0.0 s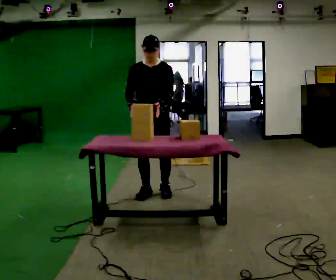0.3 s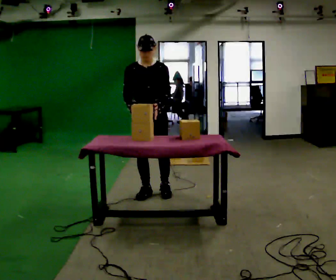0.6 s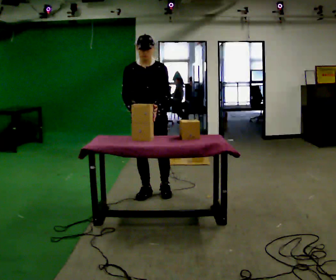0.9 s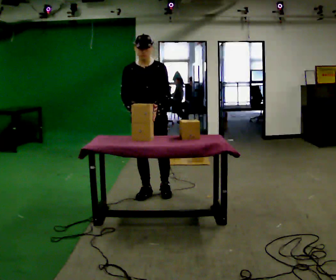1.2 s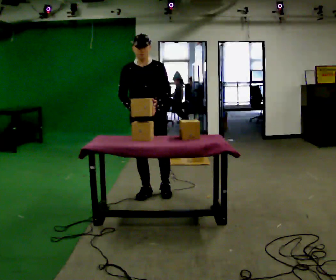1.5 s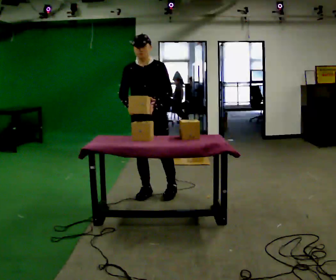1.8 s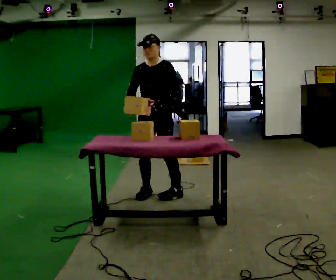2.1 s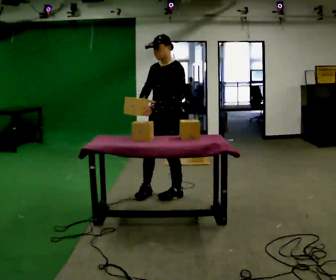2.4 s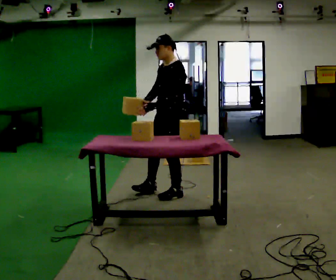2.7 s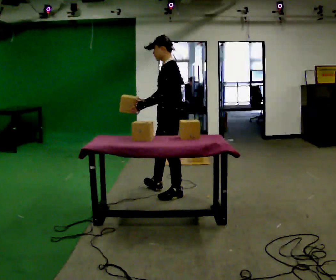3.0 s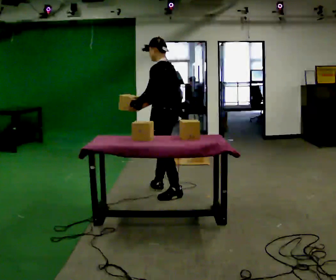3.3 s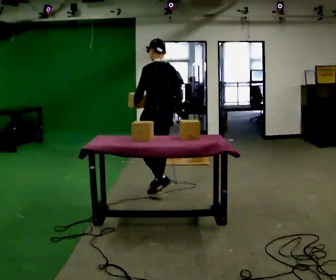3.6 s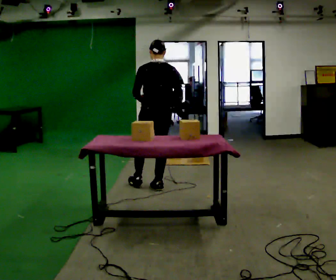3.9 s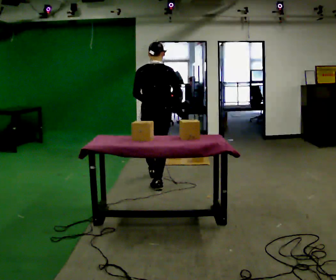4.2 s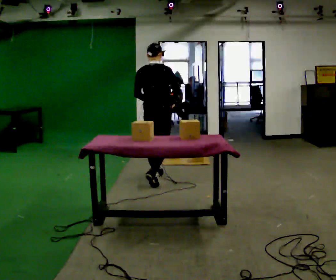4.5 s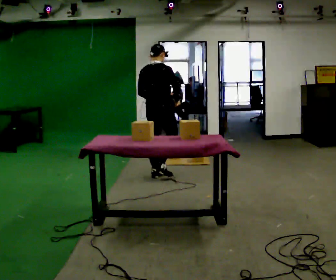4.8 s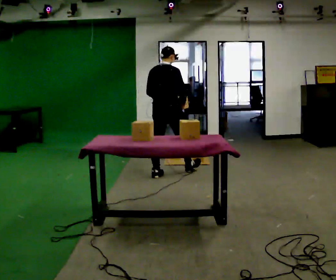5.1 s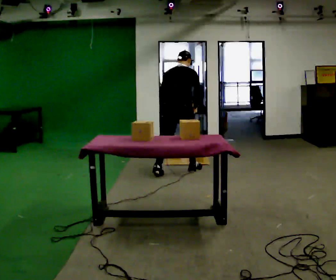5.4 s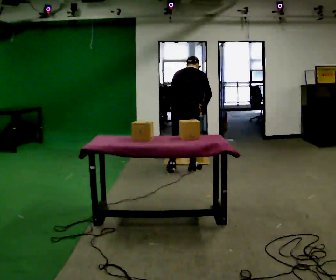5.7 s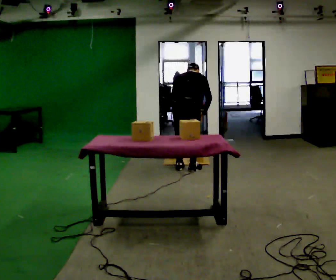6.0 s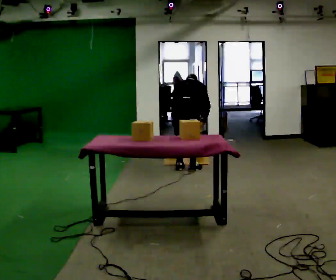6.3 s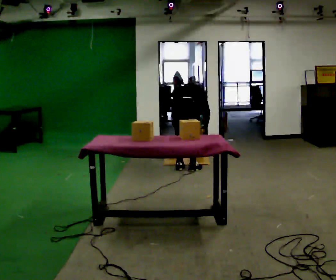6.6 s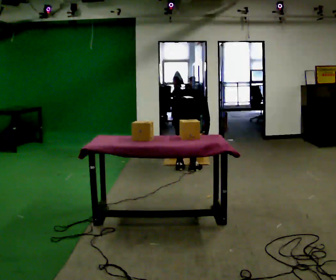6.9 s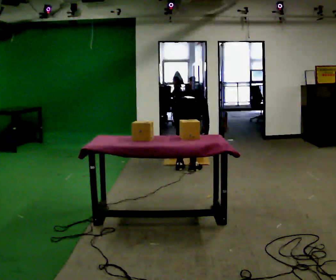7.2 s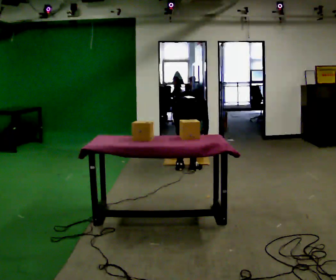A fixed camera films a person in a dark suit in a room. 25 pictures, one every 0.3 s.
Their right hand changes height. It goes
downward.
The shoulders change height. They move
downward.
0.0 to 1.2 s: The person moves a little, or ends about where they began.
1.2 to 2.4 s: The person turns about 75 degrees to their right, clockwise seen from above, so the part of the body nearest the lens slides to the left. In the picture they go to the right, about 0.25 m in 1 step.
2.4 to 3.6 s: Seen from above the body turns clockwise, about 105 degrees: to their right, with its near side sliding to the left. In the picture they go away from the camera, about 0.5 m.
3.6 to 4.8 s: Seen from above the body turns clockwise, about 30 degrees: to their right, with its near side sliding to the left. In the picture they go away from the camera, about 0.5 m in 1 step, which for them is forward.
4.8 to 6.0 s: In the picture they go to the right, about 0.25 m in 2 steps, which for them is forward and to their right. The upper body goes downward. The upper body tips away from the camera, its near side rolling upward, as they bend forward. In the picture their left hand goes downward.
6.0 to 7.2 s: The shoulders move downward. The upper body tips away from the camera, its near side rolling upward, as they bend forward.
The film runs forward here.
